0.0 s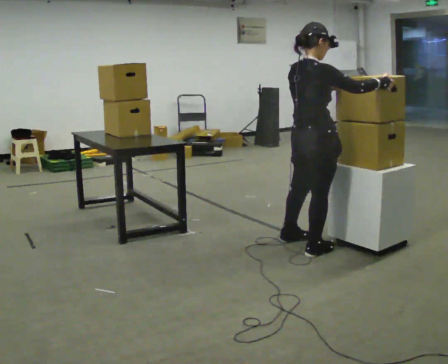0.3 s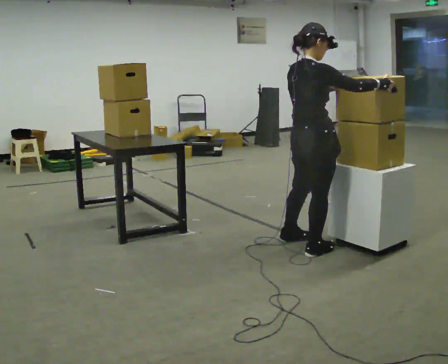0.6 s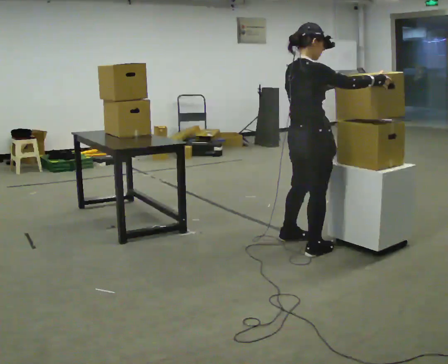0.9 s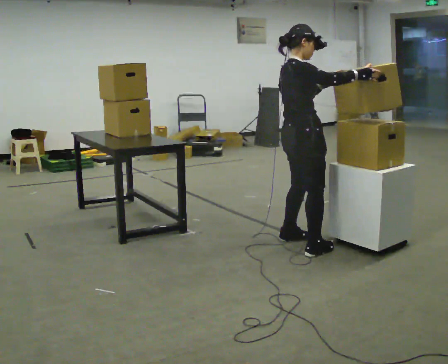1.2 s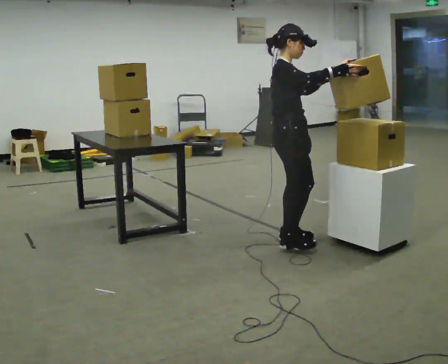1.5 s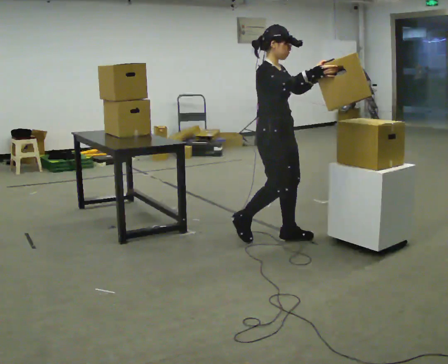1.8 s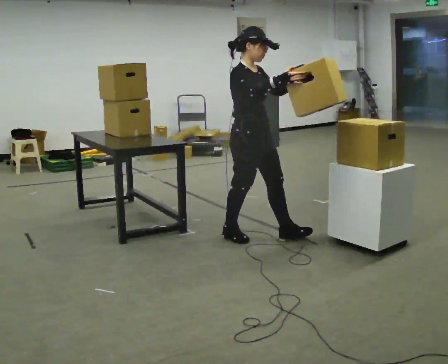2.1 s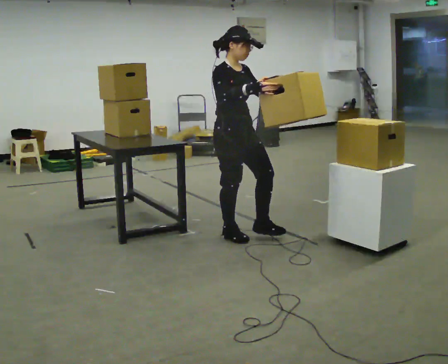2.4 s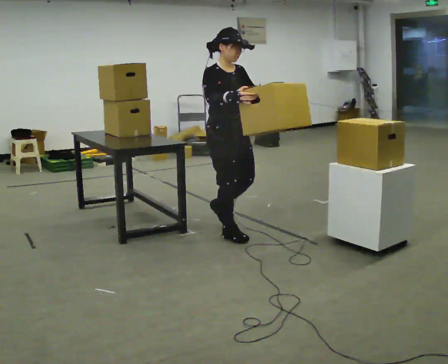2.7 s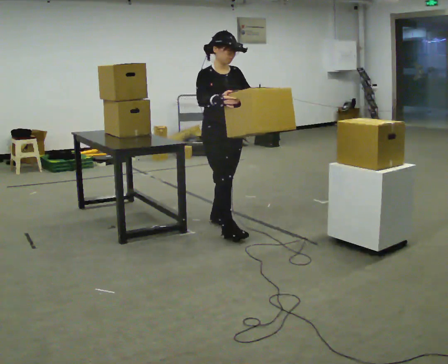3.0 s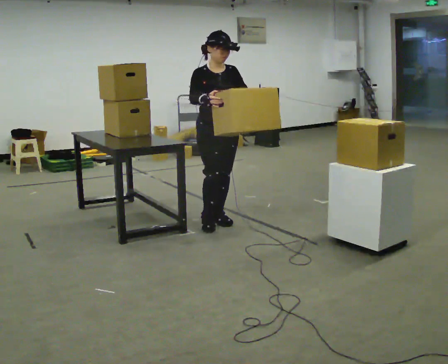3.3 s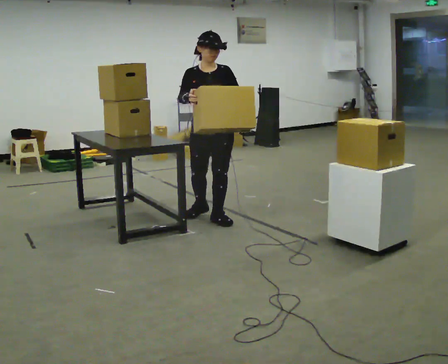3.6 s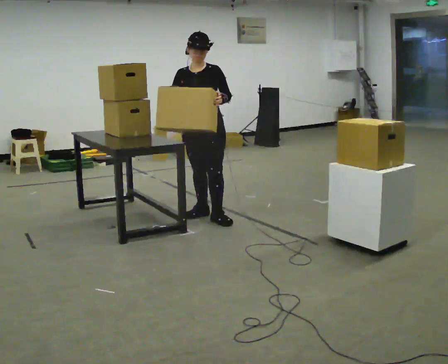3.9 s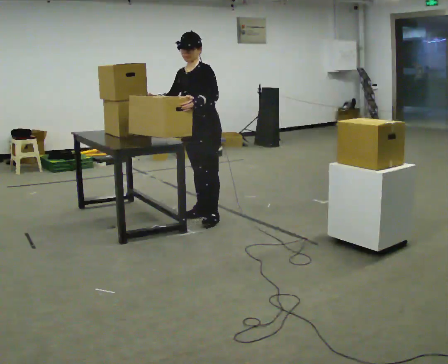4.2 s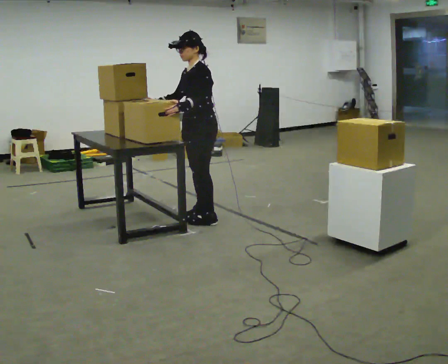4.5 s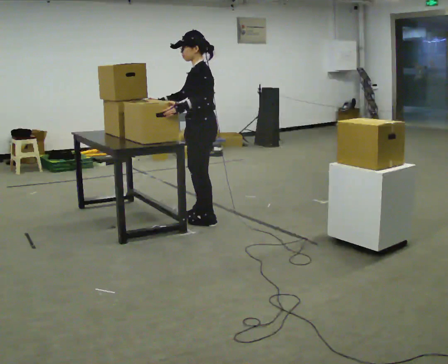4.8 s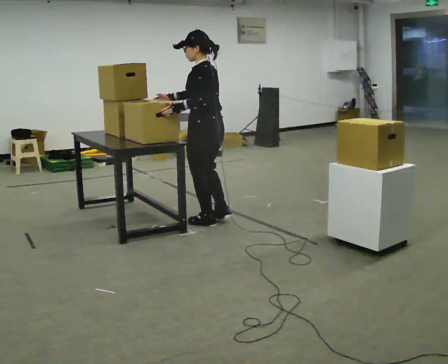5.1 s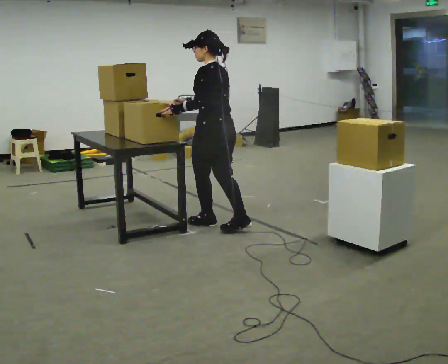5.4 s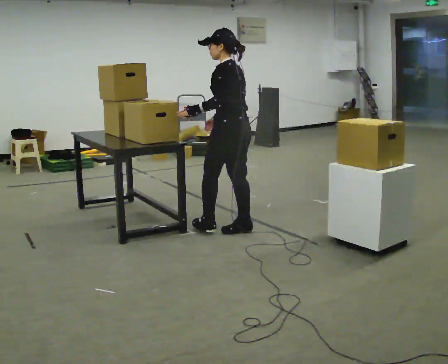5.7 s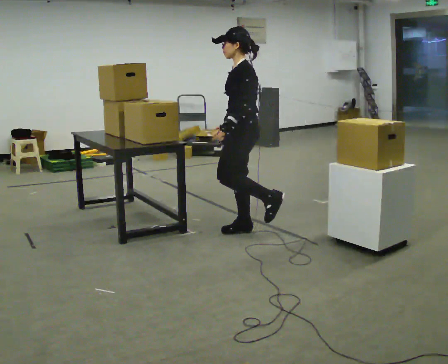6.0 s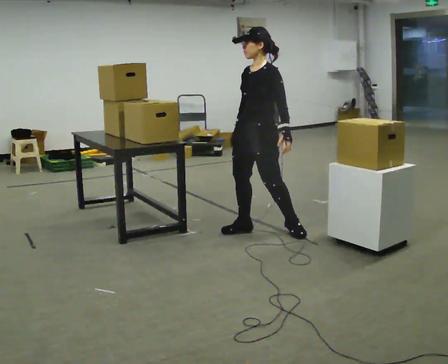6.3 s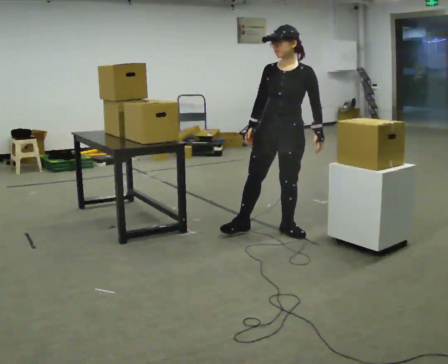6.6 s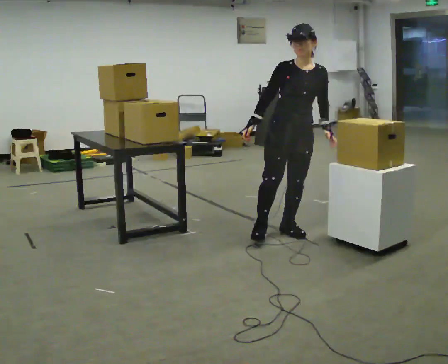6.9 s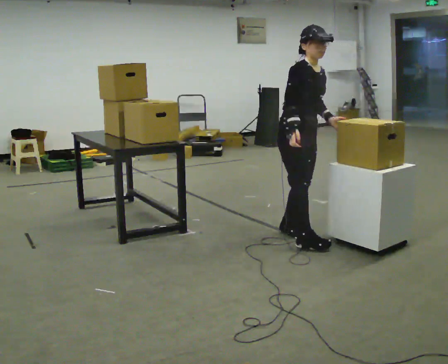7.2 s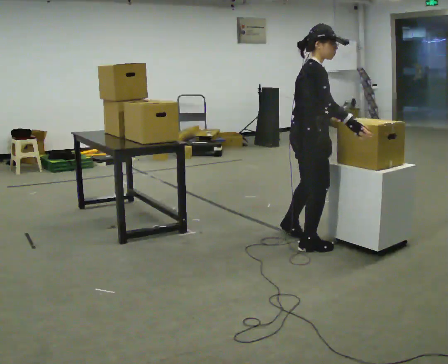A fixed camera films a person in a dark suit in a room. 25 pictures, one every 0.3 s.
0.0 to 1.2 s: Seen from above the body turns clockwise, about 45 degrees: to their right, with its near side sliding to the left. In the picture they go away from the camera, about 0.25 m in 1 step, which for them is to their left.
1.2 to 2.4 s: The person turns about 30 degrees to their right, clockwise seen from above, so the part of the body nearest the lens slides to the left. In the picture they go to the left and away from the camera, about 0.5 m in 1 step, which for them is backward.
2.4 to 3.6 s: Seen from above the body turns clockwise, about 60 degrees: to their right, with its near side sliding to the left. In the picture they go away from the camera, about 0.5 m in 1 step.
3.6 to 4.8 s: The part of the body nearest the lens slides to the left as the person turns to their right by about 105 degrees. In the picture they go toward the camera, about 0.25 m in 1 step.
4.8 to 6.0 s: The part of the body nearest the lens slides to the right as the person turns to their left by about 60 degrees. In the picture they go to the right and toward the camera, about 0.5 m in 1 step.
6.0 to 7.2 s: Seen from above the body turns counterclockwise, about 135 degrees: to their left, with its near side sliding to the right. In the picture they go toward the camera and to the right, about 0.5 m in 1 step.
The film runs backward here.
